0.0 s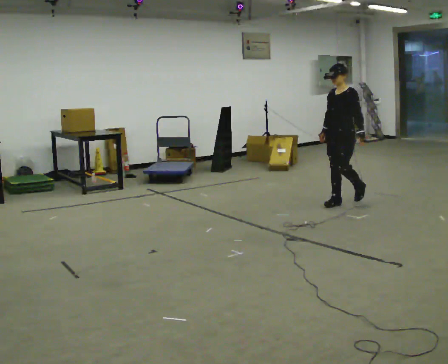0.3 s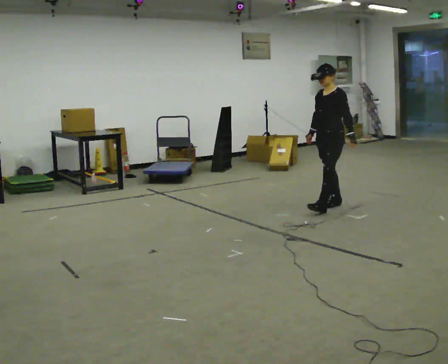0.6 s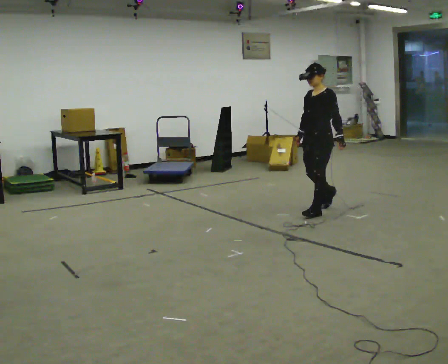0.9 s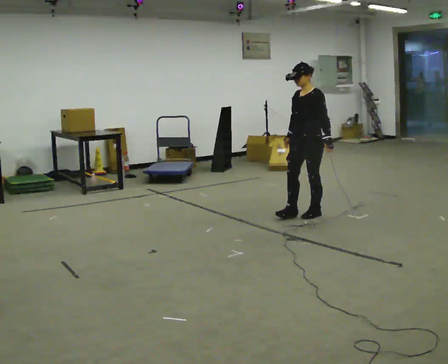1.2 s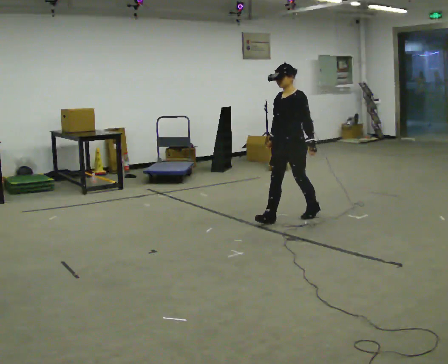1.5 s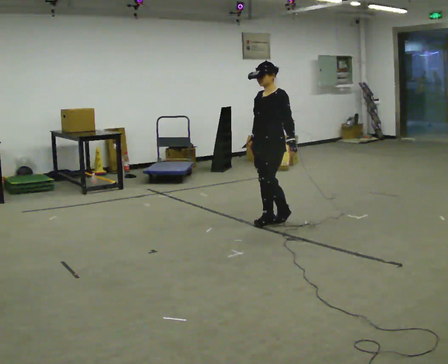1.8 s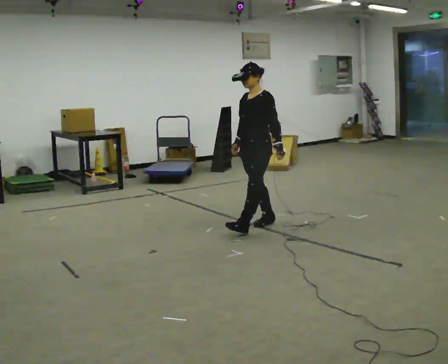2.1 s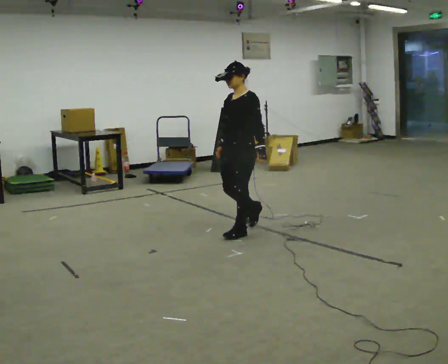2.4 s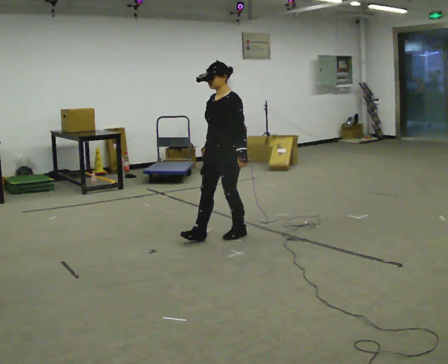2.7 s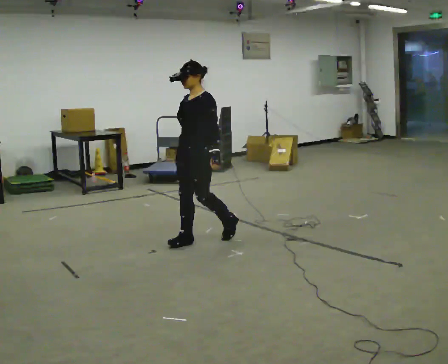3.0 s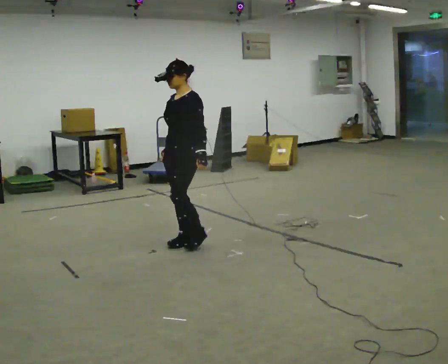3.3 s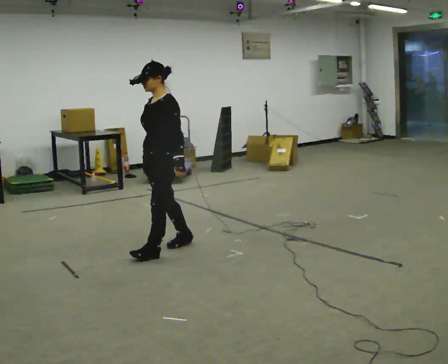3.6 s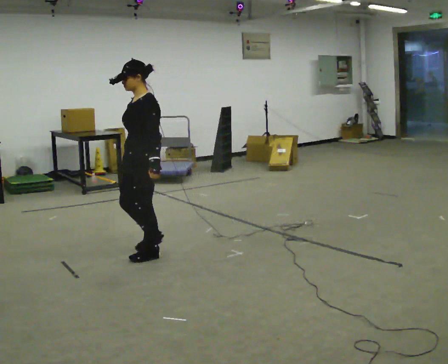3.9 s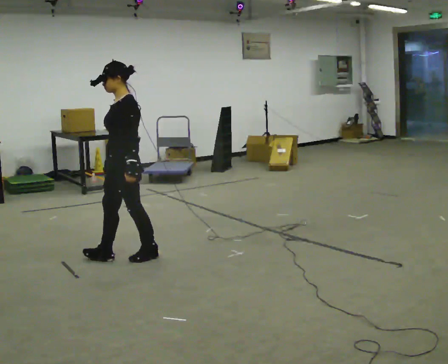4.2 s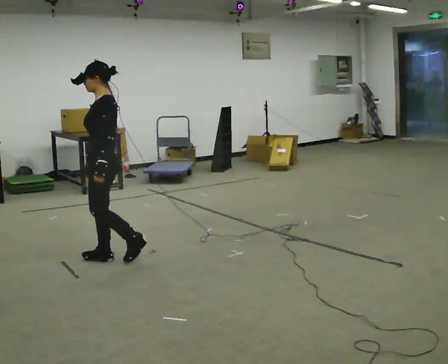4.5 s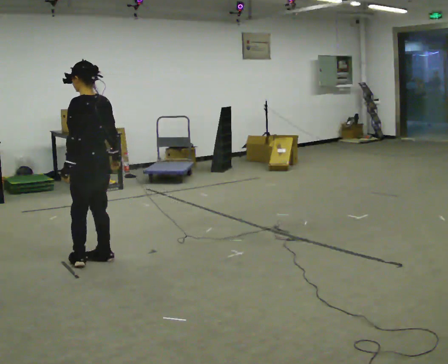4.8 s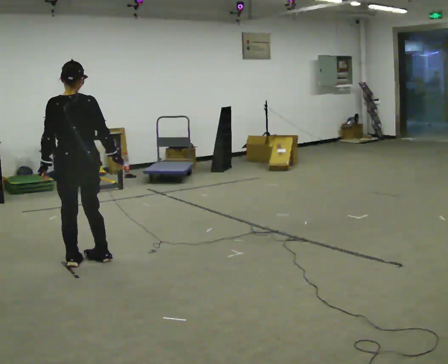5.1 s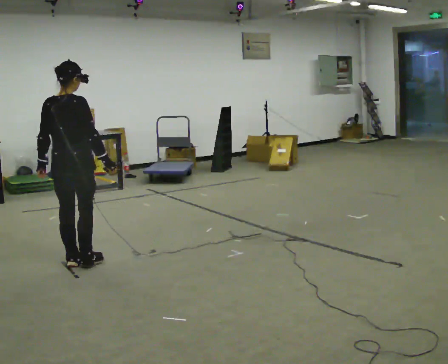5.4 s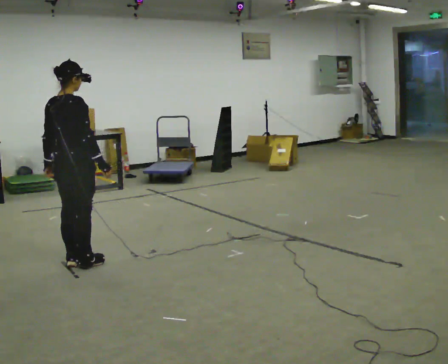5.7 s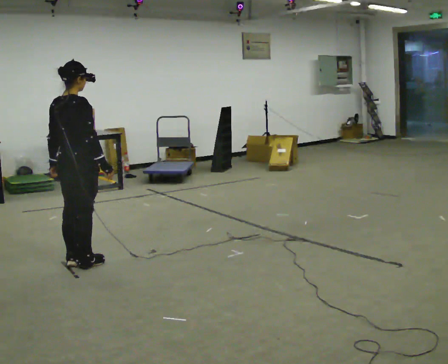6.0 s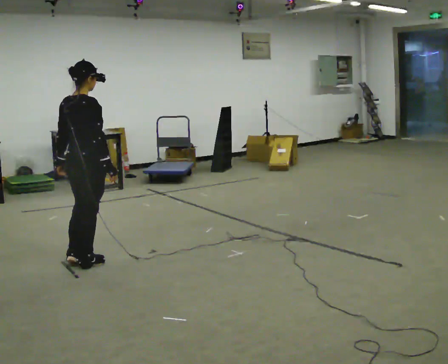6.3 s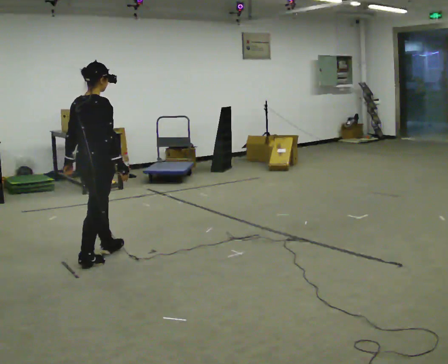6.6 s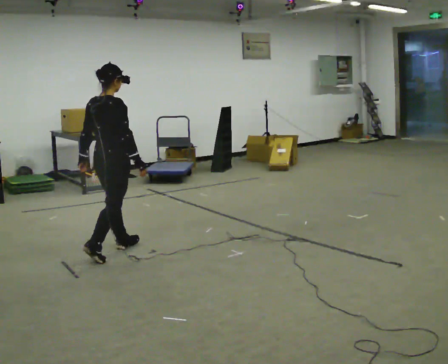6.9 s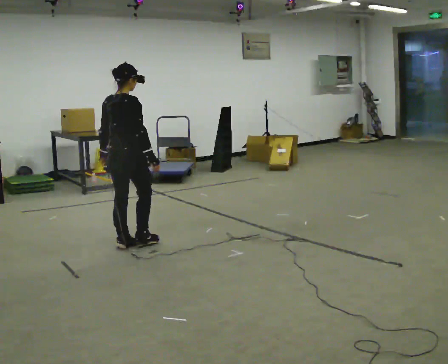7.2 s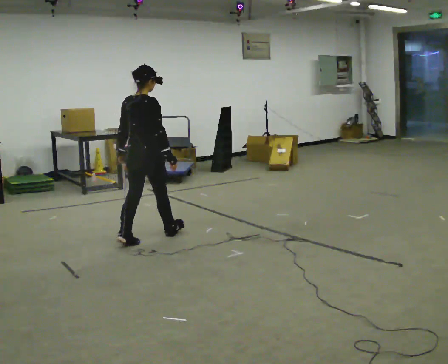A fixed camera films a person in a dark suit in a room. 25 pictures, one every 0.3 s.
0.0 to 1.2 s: In the picture they go to the left and toward the camera, about 1 m in 2 steps, which for them is forward.
1.2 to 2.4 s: In the picture they go to the left and toward the camera, about 1 m in 1 step, which for them is forward.
2.4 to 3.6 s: In the picture they go to the left and toward the camera, about 1 m in 2 steps, which for them is forward.
3.6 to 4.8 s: The person turns about 105 degrees to their right, clockwise seen from above, so the part of the body nearest the lens slides to the left. In the picture they go to the left, about 0.5 m in 2 steps.
4.8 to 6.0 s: The person turns about 45 degrees to their right, clockwise seen from above, so the part of the body nearest the lens slides to the left.
6.0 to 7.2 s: In the picture they go away from the camera and to the right, about 0.75 m in 2 steps, which for them is forward.
The film runs forward here.
